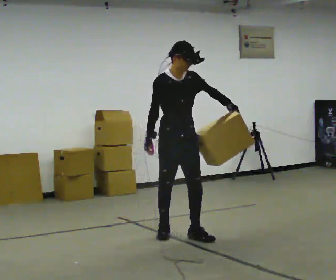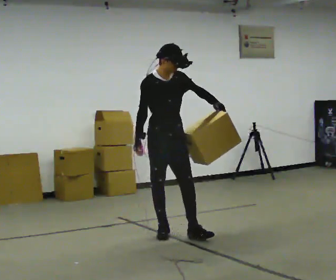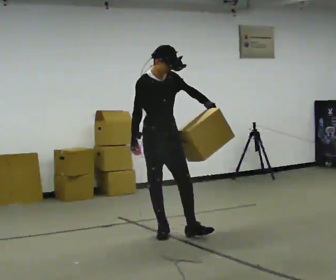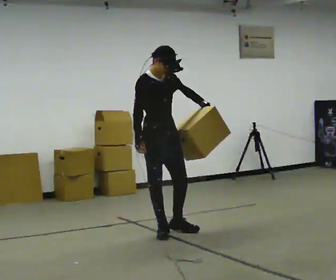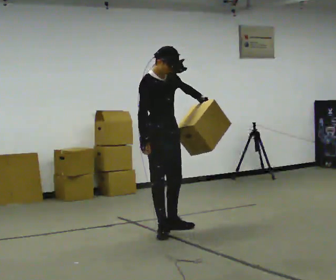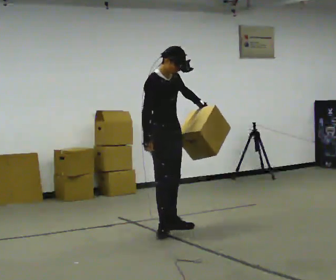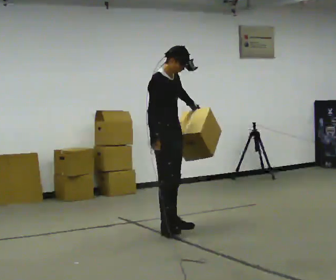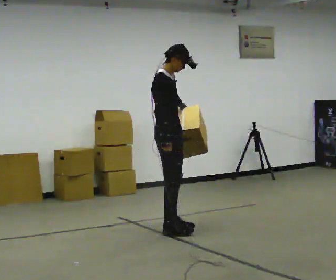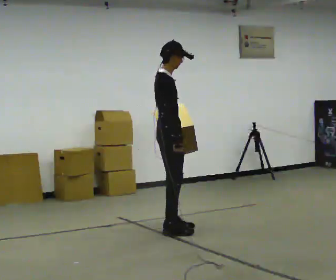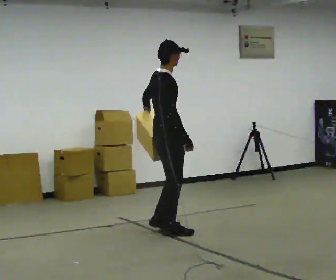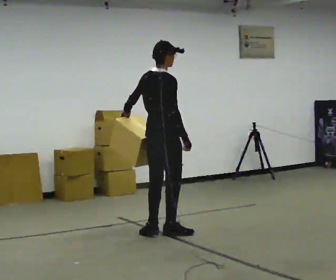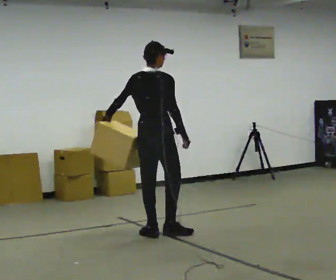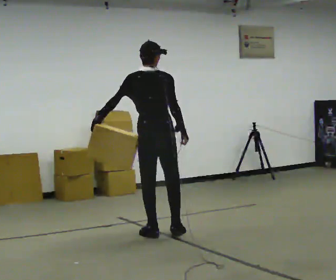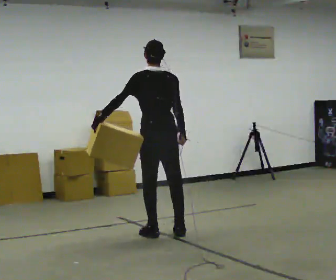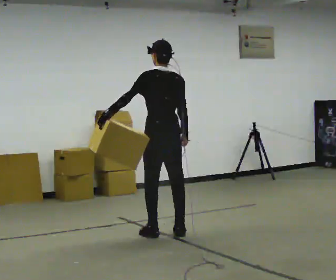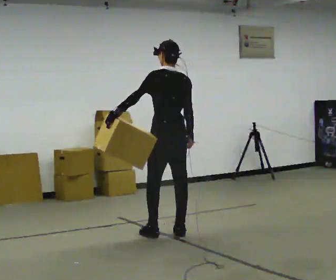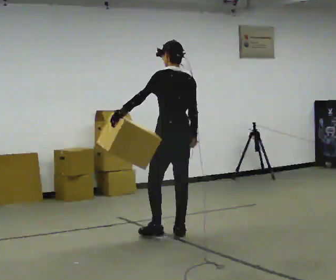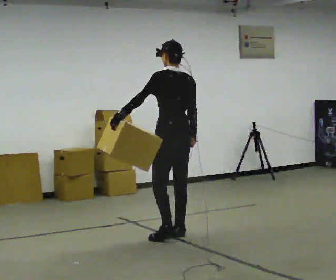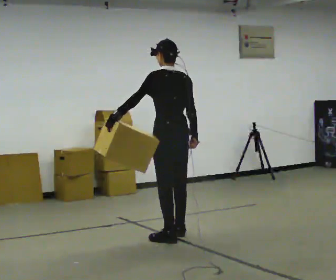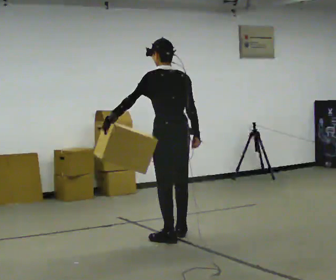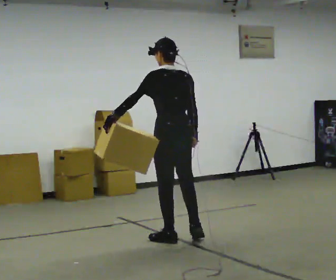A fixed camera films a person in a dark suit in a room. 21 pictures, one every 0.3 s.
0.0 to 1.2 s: In the picture they go away from the camera, about 0.25 m in 1 step, which for them is backward.
1.2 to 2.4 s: The person turns about 45 degrees to their left, counterclockwise seen from above, so the part of the body nearest the lens slides to the right. In the picture their left hand goes to the left.
2.4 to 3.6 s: The part of the body nearest the lens slides to the right as the person turns to their left by about 90 degrees. In the picture their left hand goes to the left.
3.6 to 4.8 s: The person turns about 30 degrees to their left, counterclockwise seen from above, so the part of the body nearest the lens slides to the right. In the picture they go to the right, about 0.25 m in 1 step, which for them is to their right.
4.8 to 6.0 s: In the picture they go toward the camera, about 0.25 m in 1 step, which for them is backward and to their left.
The film runs backward here.
